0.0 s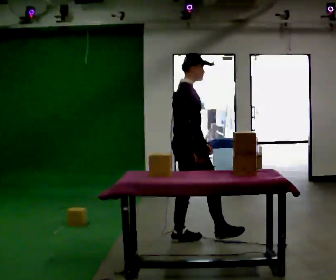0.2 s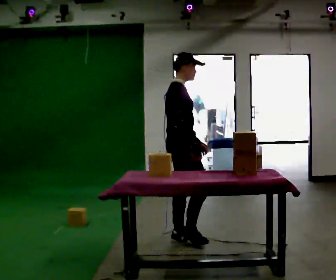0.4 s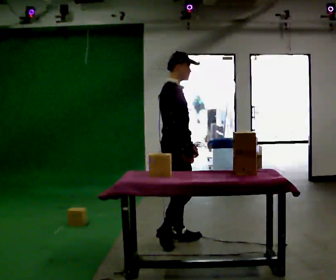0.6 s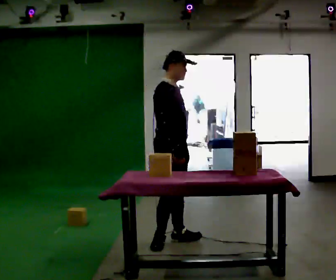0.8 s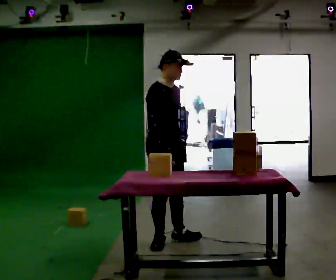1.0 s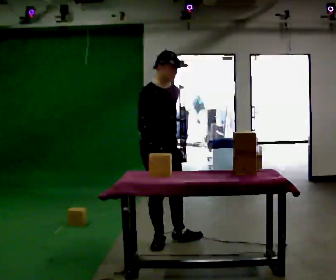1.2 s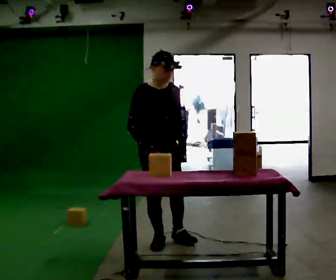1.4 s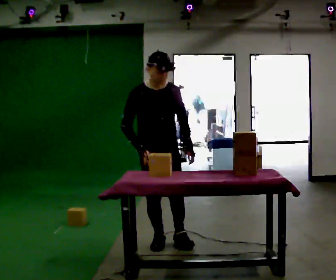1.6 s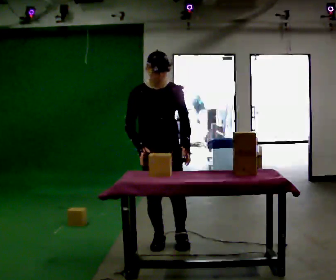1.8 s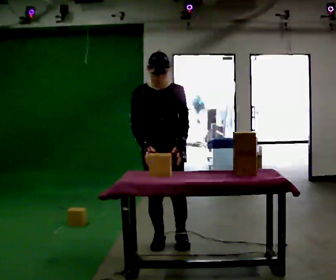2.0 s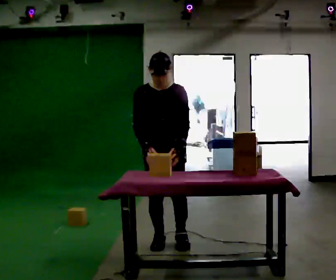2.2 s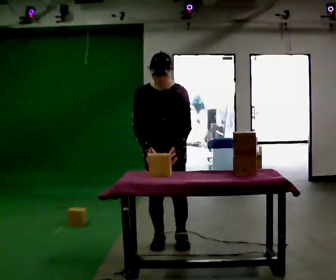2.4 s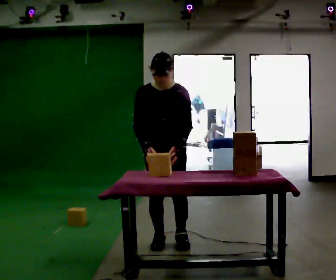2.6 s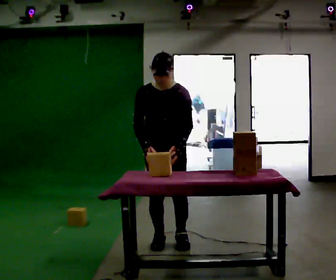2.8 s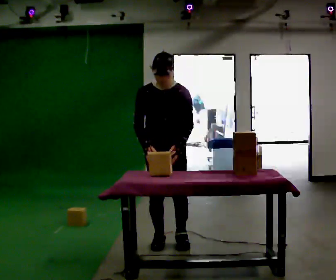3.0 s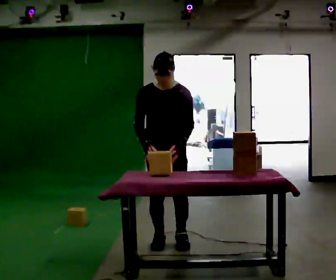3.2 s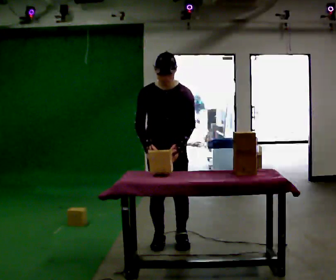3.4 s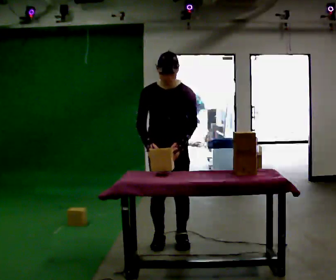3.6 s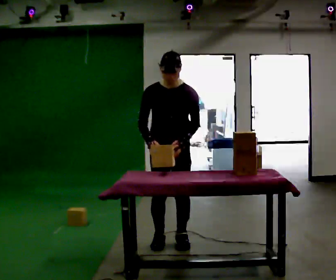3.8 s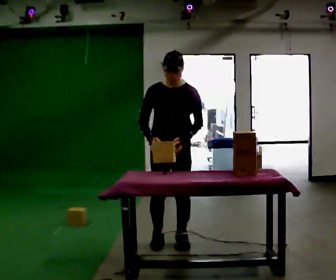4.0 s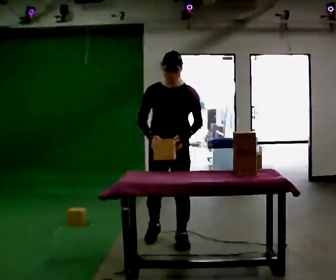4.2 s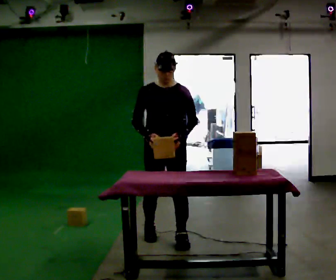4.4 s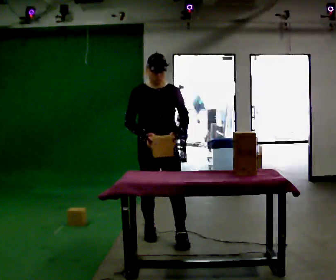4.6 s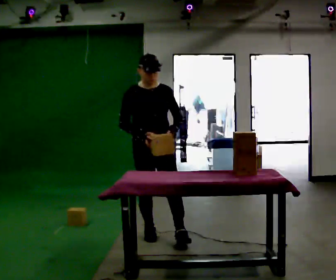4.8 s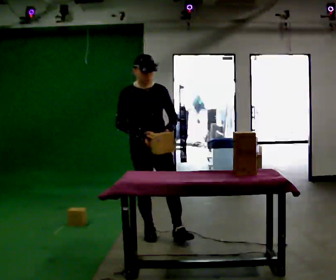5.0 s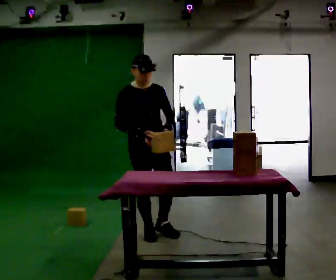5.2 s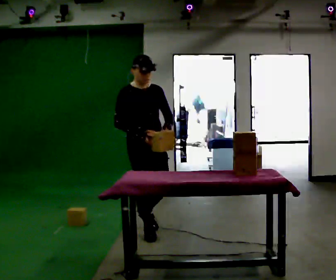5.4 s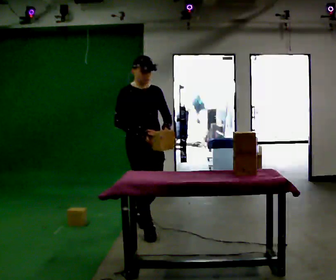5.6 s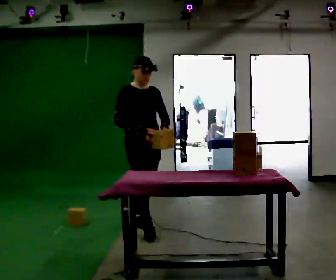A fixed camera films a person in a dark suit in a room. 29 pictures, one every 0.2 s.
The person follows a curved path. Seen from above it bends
clockwise.
0.0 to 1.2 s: The person turns about 60 degrees to their right, clockwise seen from above, so the part of the body nearest the lens slides to the left. In the picture they go to the left, about 0.25 m.
1.2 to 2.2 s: The person turns about 30 degrees to their right, clockwise seen from above, so the part of the body nearest the lens slides to the left.
2.2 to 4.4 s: The person moves a little, or ends about where they began.
4.4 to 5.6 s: The person turns about 30 degrees to their left, counterclockwise seen from above, so the part of the body nearest the lens slides to the right. In the picture they go away from the camera and to the left, about 0.25 m in 1 step, which for them is backward.
The film runs backward here.
